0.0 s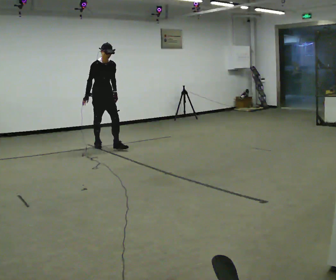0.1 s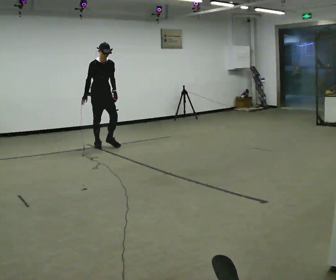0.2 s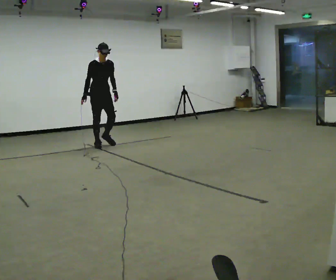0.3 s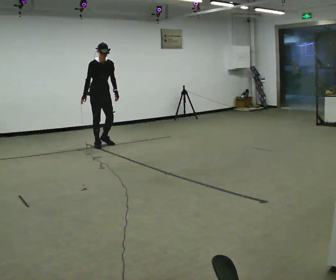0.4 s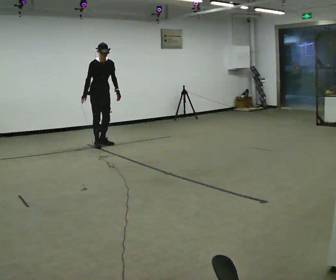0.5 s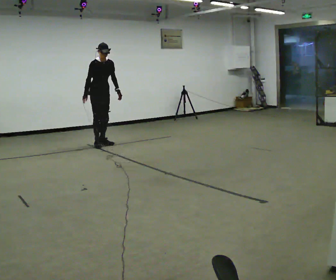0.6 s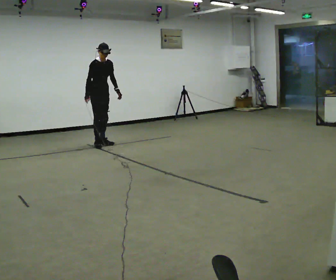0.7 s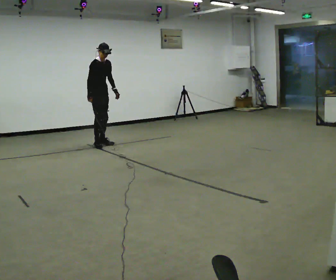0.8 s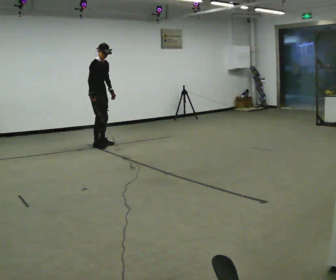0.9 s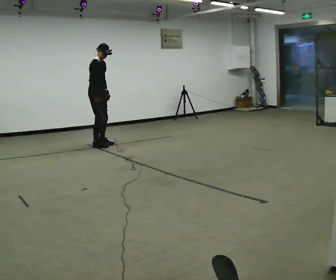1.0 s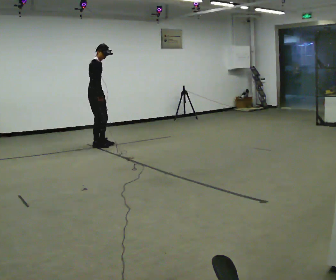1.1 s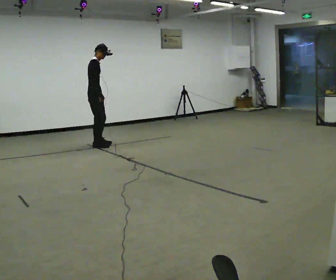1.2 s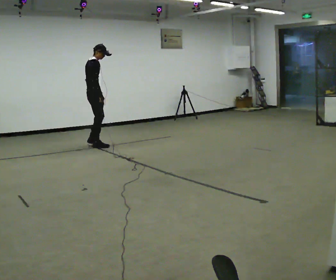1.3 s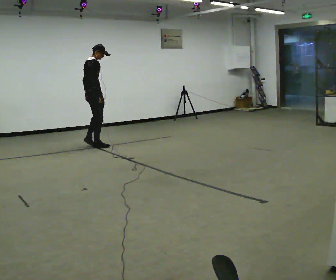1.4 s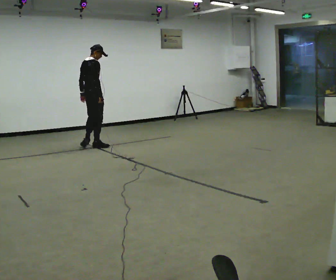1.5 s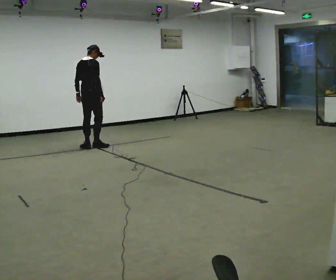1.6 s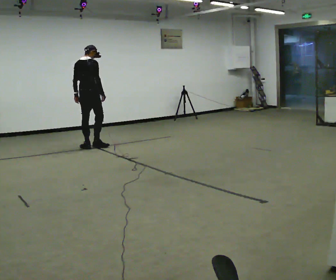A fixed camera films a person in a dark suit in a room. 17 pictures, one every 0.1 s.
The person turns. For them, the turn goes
to their left.
The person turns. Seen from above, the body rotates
counterclockwise.
0.0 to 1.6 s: The part of the body nearest the lens slides to the right as the person turns to their left by about 135 degrees. In the picture they go to the left, about 0.25 m in 1 step. The upper body tips away from the camera, its near side rolling upward.
The film runs backward here.
